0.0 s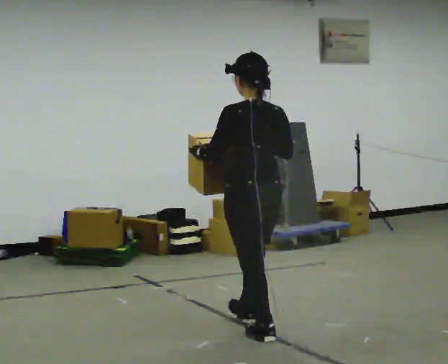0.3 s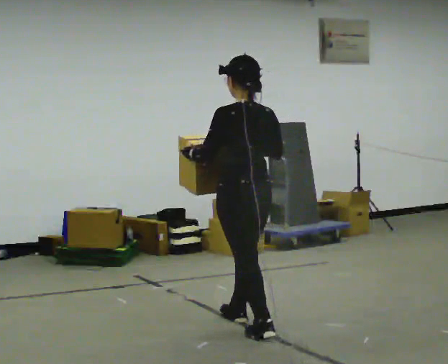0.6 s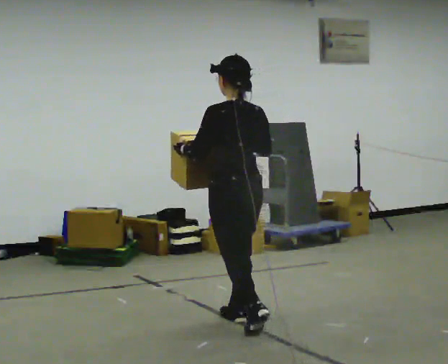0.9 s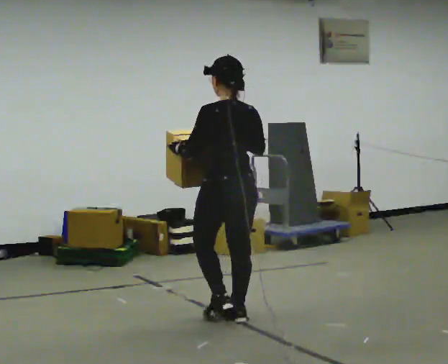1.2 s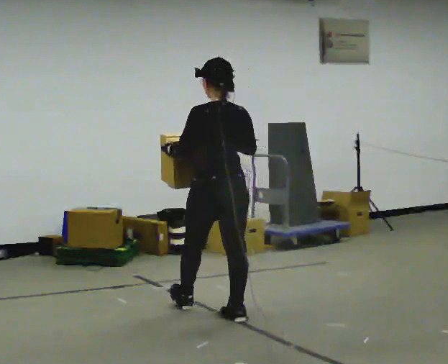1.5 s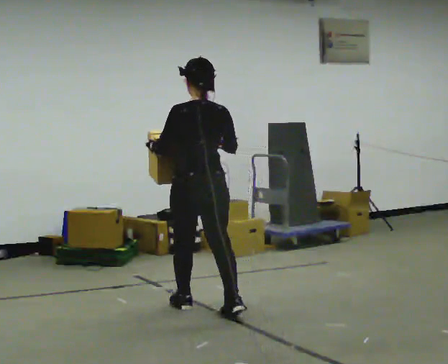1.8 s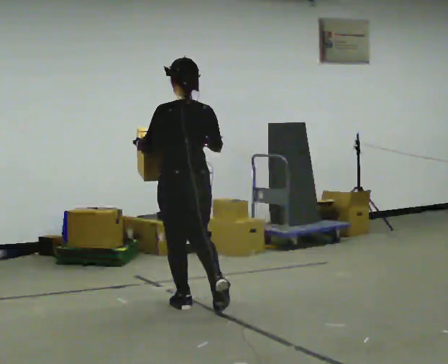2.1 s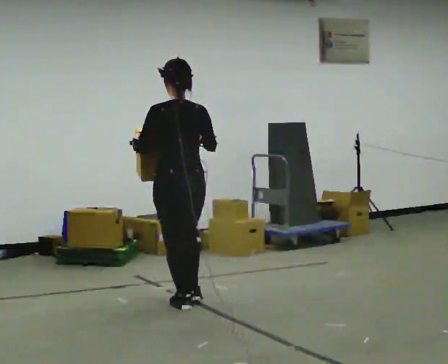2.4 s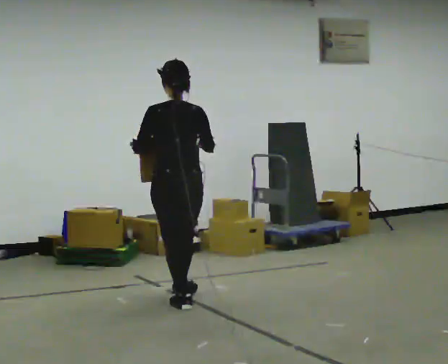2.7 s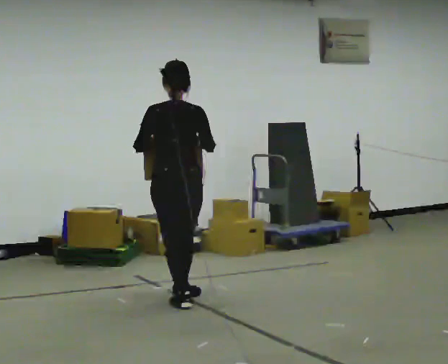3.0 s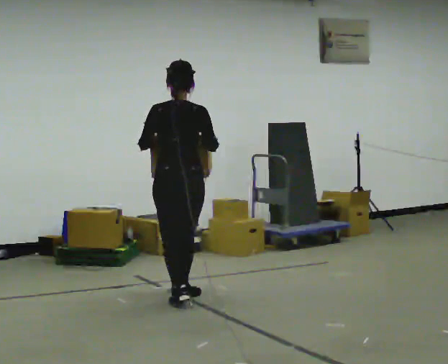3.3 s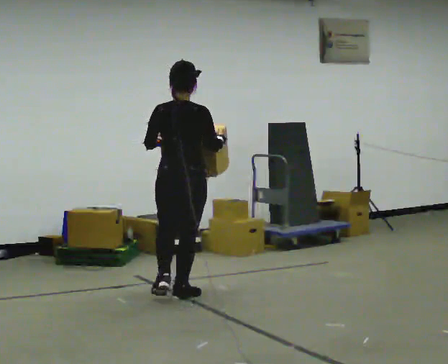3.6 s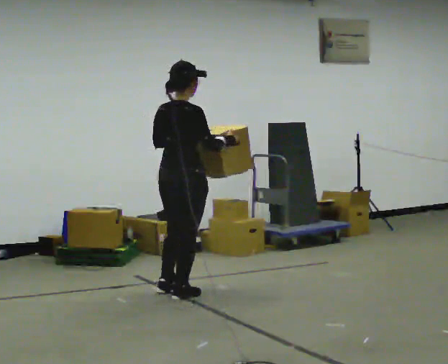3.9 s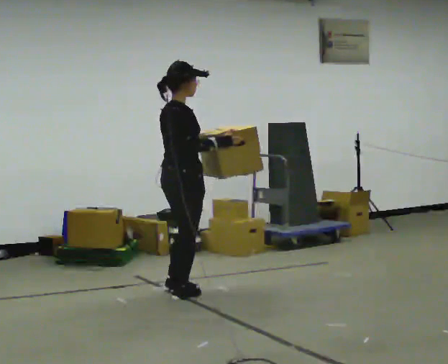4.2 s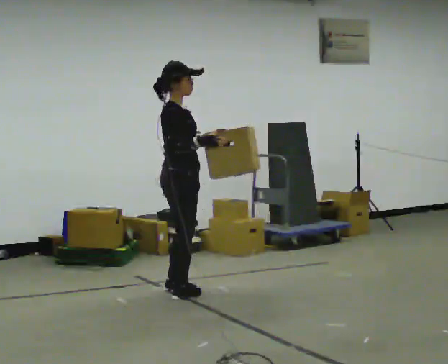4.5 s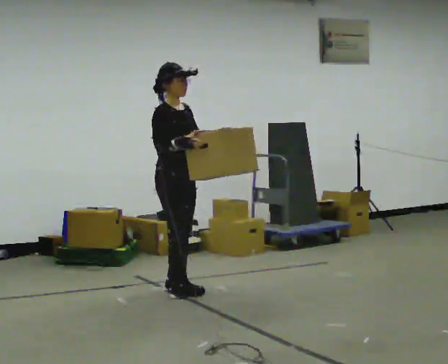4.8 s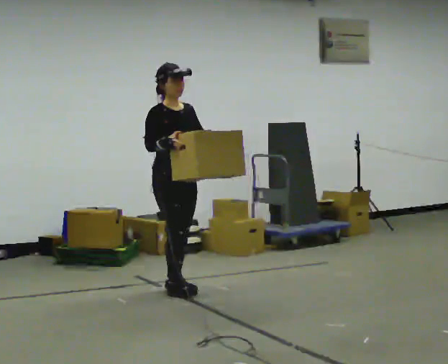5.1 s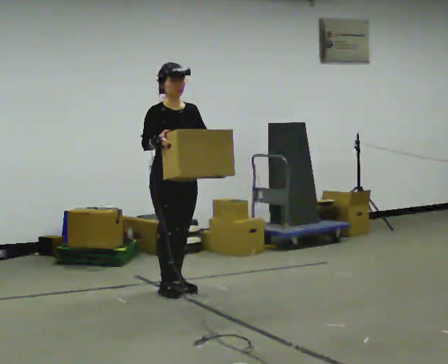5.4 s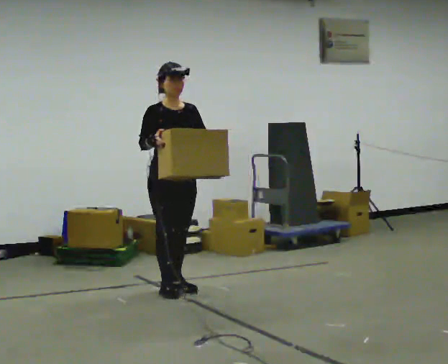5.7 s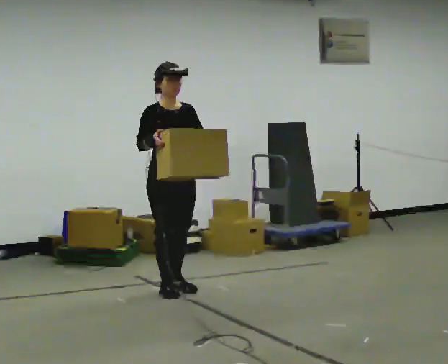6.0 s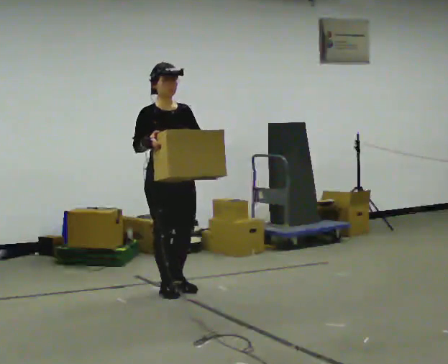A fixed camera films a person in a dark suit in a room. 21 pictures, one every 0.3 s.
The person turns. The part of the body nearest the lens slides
to the left.
The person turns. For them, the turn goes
to their right.
0.0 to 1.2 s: In the picture they go away from the camera and to the left, about 0.5 m in 1 step, which for them is forward.
1.2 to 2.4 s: In the picture they go away from the camera and to the left, about 0.5 m in 2 steps, which for them is forward and to their left.
2.4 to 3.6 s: The part of the body nearest the lens slides to the left as the person turns to their right by about 60 degrees. In the picture they go away from the camera, about 0.25 m, which for them is forward.
3.6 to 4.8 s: The part of the body nearest the lens slides to the left as the person turns to their right by about 90 degrees. In the picture they go away from the camera, about 0.25 m in 1 step.
4.8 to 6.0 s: The person moves a little, or ends about where they began.
The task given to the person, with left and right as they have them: Carry the box across the room much more slowly and carefully than normal, back and forth.
The film runs forward here.
